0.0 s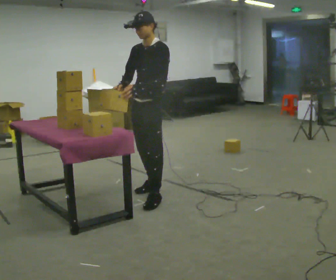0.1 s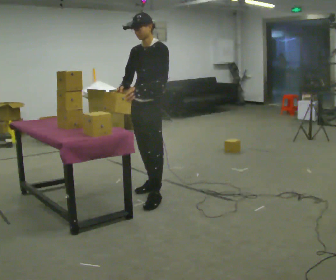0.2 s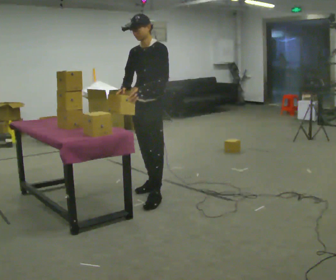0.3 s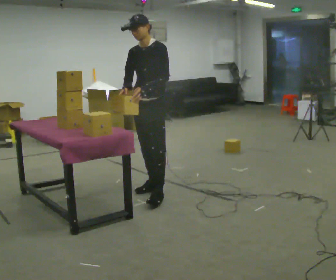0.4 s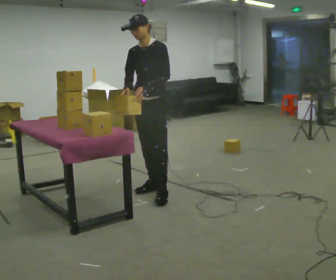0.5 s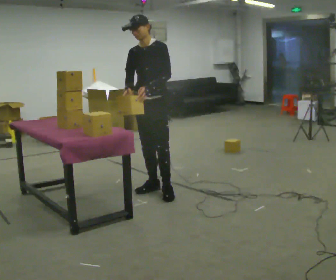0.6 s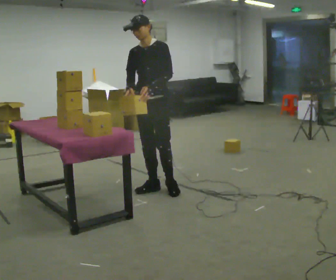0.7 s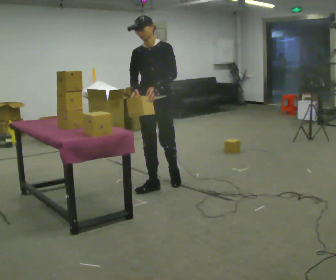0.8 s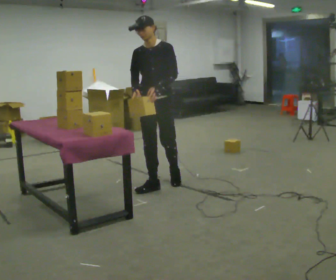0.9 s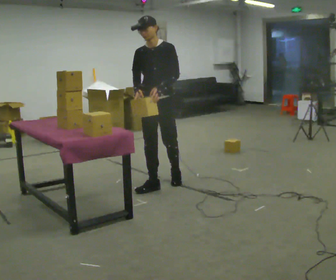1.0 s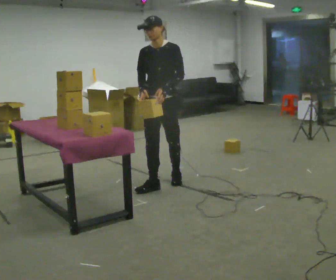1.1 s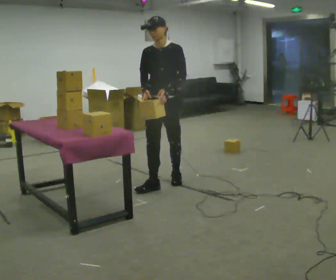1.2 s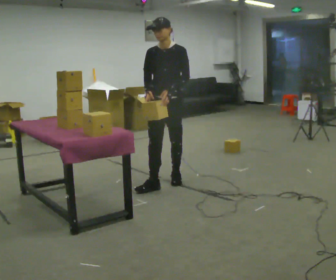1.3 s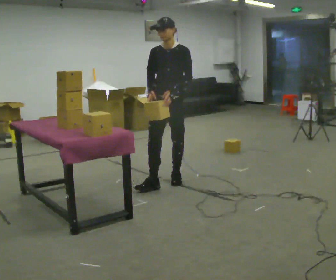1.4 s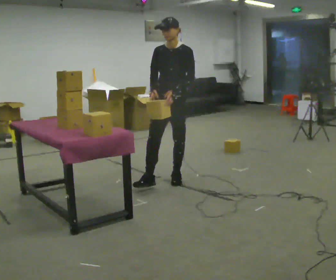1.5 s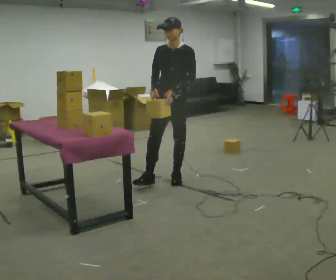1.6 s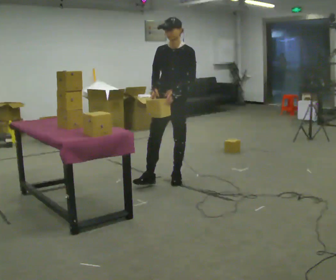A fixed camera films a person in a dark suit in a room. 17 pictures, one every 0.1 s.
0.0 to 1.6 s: In the picture they go away from the camera and to the right, about 0.5 m in 2 steps, which for them is backward.
The film runs backward here.
